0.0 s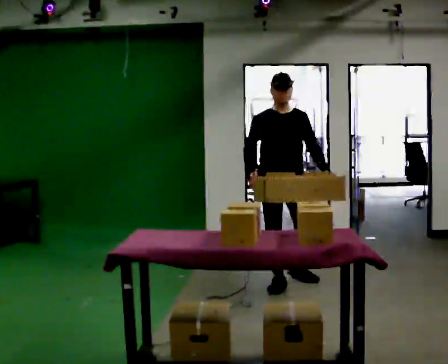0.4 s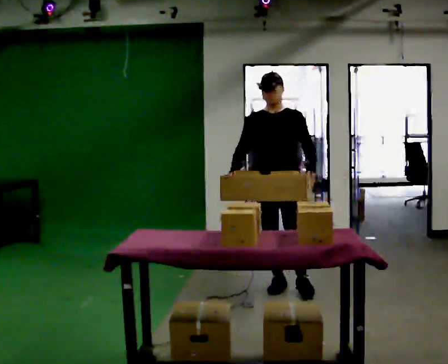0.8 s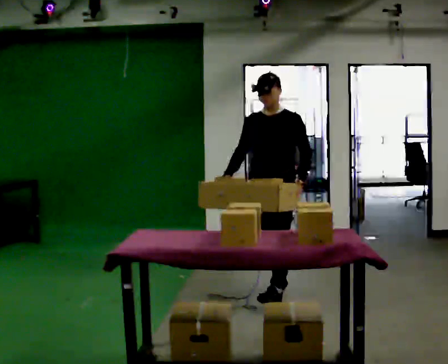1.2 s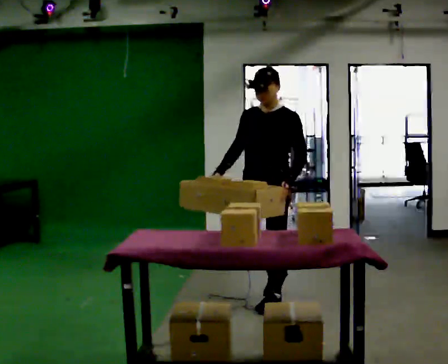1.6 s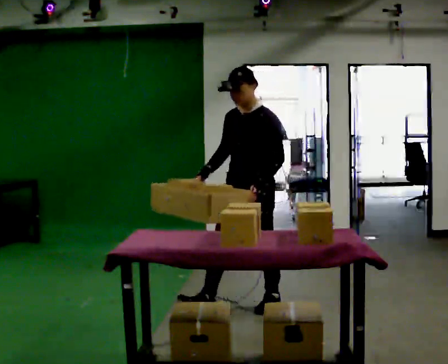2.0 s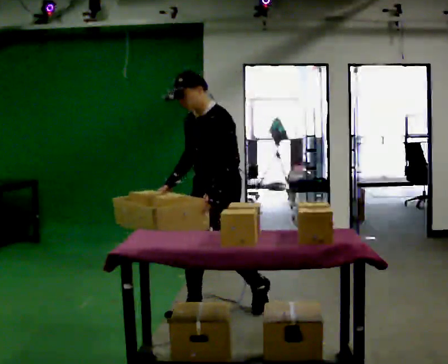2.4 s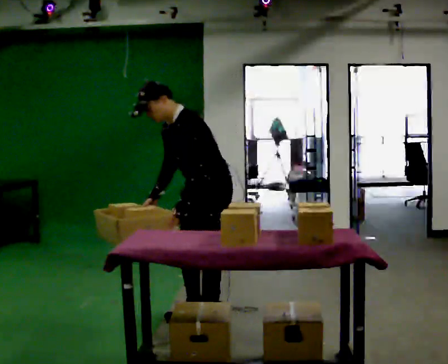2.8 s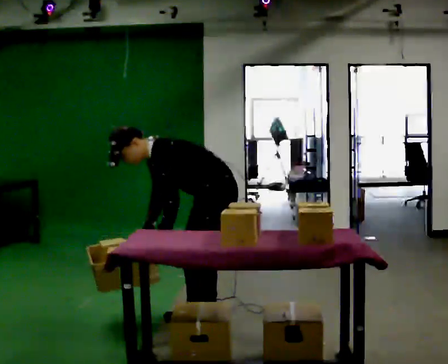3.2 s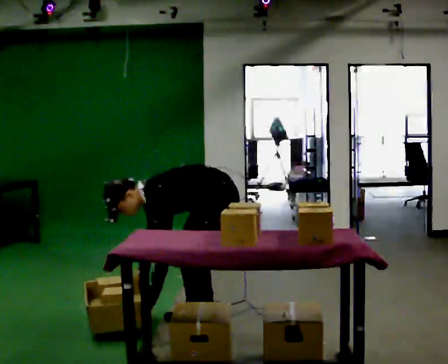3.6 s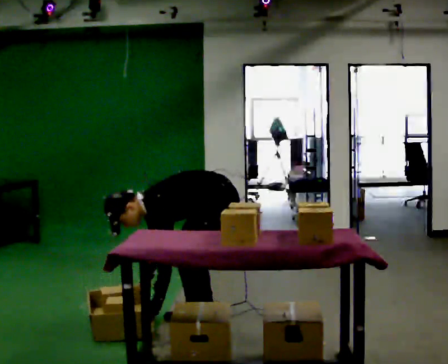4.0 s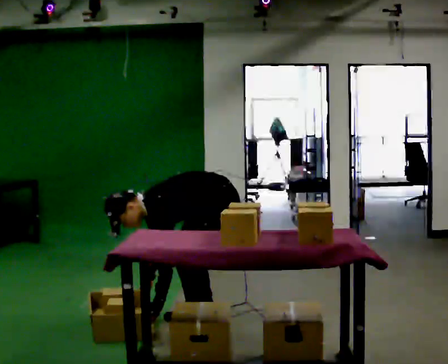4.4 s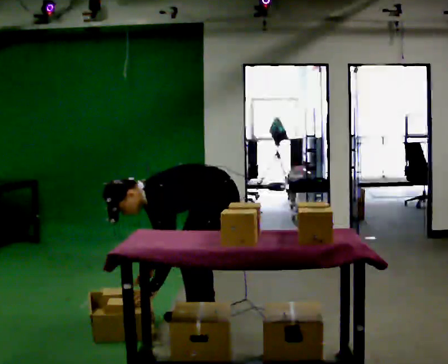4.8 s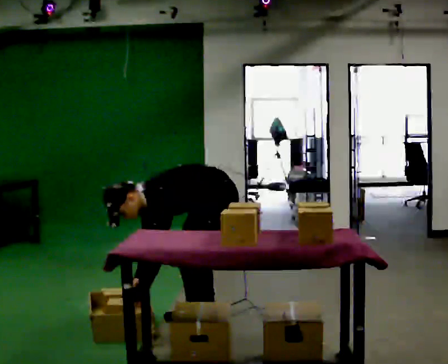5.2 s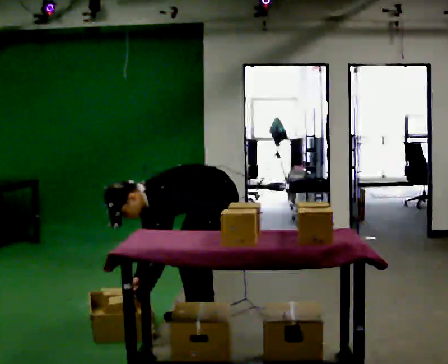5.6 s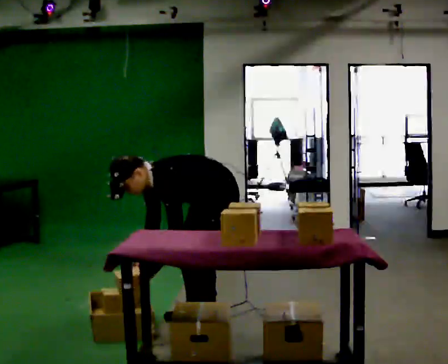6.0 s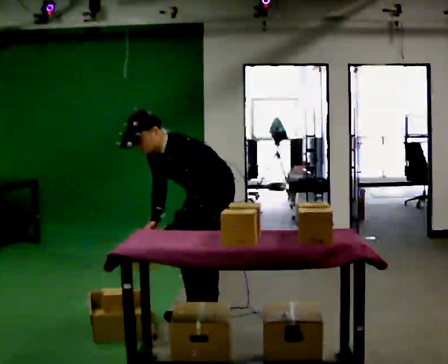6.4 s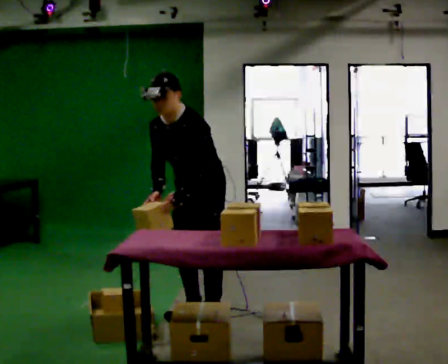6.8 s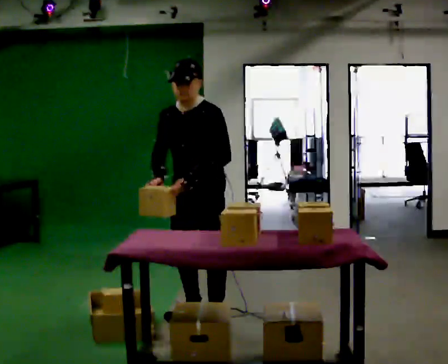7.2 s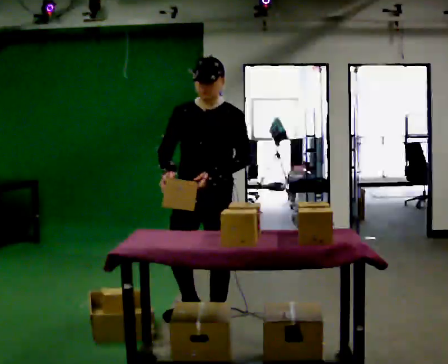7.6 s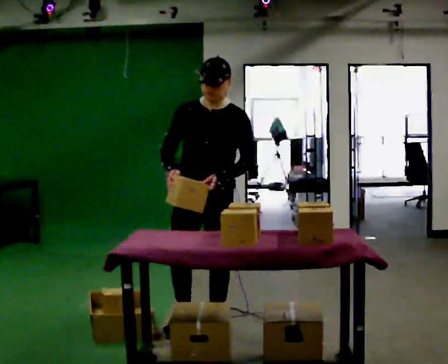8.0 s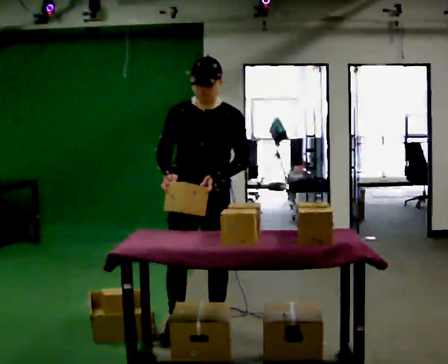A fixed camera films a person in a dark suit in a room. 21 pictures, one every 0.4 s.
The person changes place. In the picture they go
toward the camera.
0.0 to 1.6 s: The person turns about 45 degrees to their right, clockwise seen from above, so the part of the body nearest the lens slides to the left. In the picture they go toward the camera, about 0.5 m in 1 step, which for them is forward.
1.6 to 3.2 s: Seen from above the body turns clockwise, about 30 degrees: to their right, with its near side sliding to the left. In the picture they go toward the camera and to the left, about 0.25 m in 2 steps, which for them is forward and to their left. The shoulders move downward. In the picture the upper body tilts counterclockwise, shoulders to the left, as they bend forward. In the picture their right hand goes downward.
3.2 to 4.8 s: The person moves a little, or ends about where they began.
4.8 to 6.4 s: The part of the body nearest the lens slides to the right as the person turns to their left by about 30 degrees. The upper body goes upward. In the picture the upper body tilts clockwise, shoulders to the right, as they lean back or straighten. In the picture their left hand goes upward.
6.4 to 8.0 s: The person turns about 30 degrees to their left, counterclockwise seen from above, so the part of the body nearest the lens slides to the right. In the picture they go toward the camera, about 0.25 m in 1 step, which for them is forward. In the picture the upper body tilts clockwise, shoulders to the right, as they lean back or straighten.
The film runs forward here.
